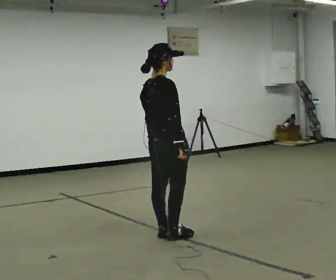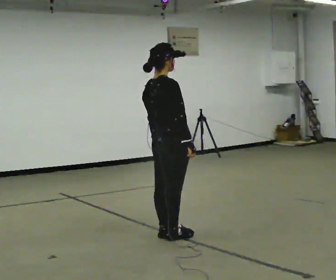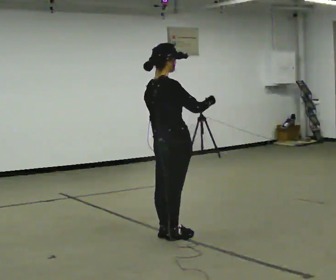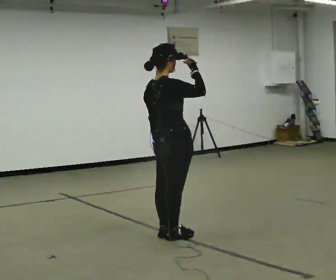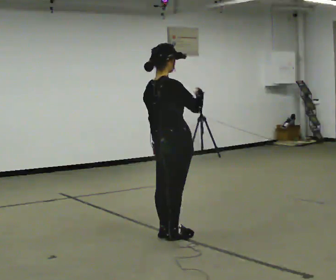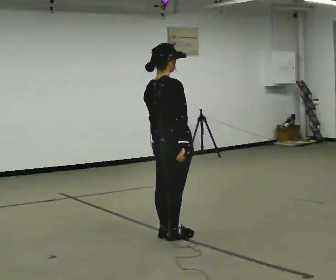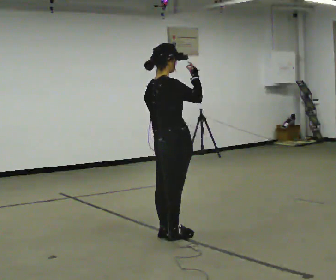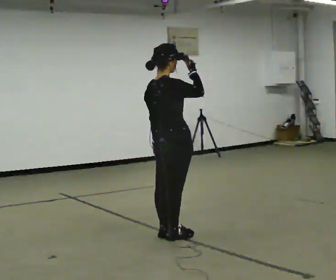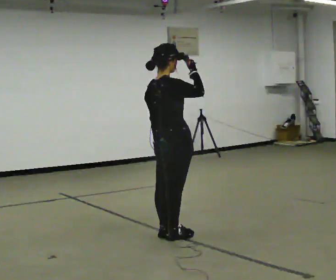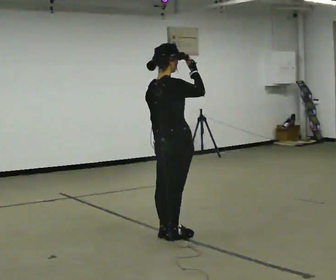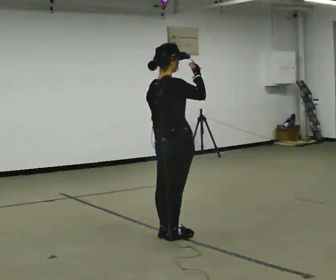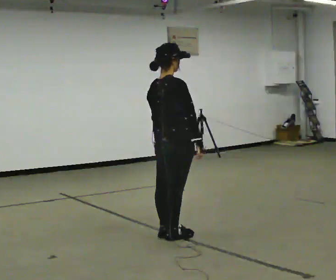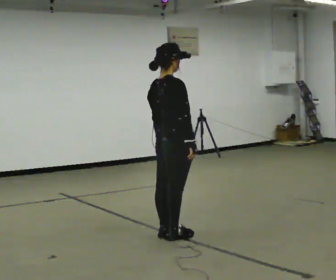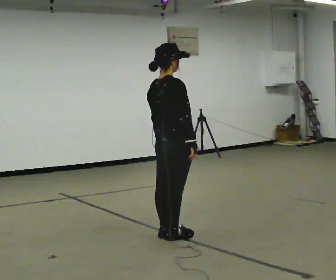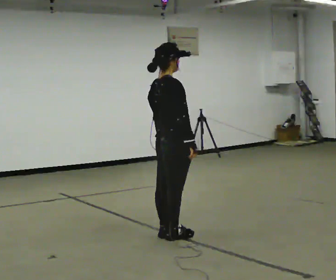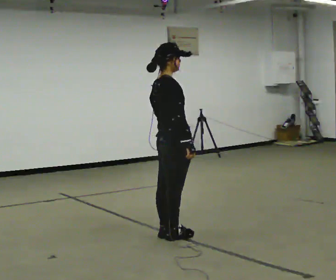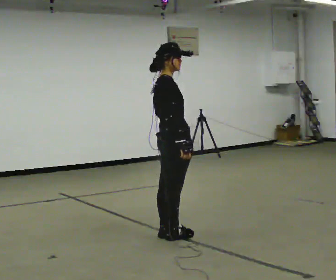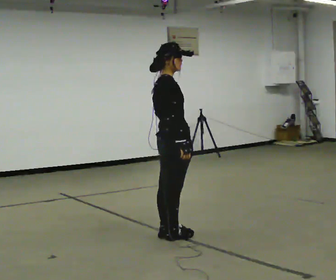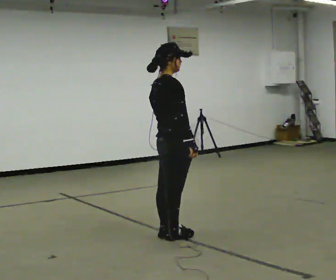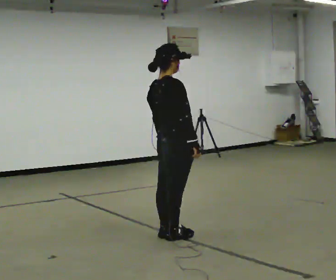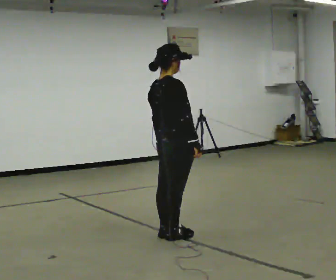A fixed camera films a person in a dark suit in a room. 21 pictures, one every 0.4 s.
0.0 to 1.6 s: The person moves a little, or ends about where they began.
1.6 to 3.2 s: In the picture their right hand goes upward.
3.2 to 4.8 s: In the picture their right hand goes downward.
4.8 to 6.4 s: The person turns about 30 degrees to their right, clockwise seen from above, so the part of the body nearest the lens slides to the left.
6.4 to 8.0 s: The person moves a little, or ends about where they began.
The film runs forward here.
